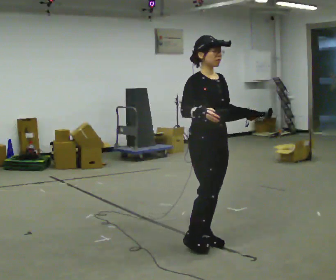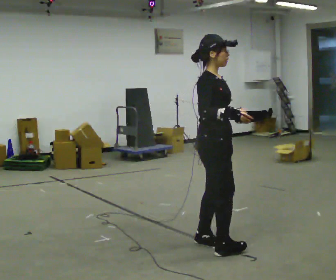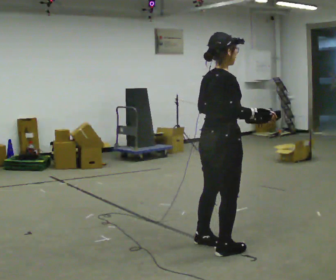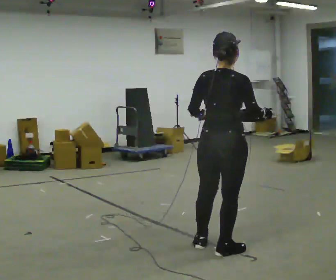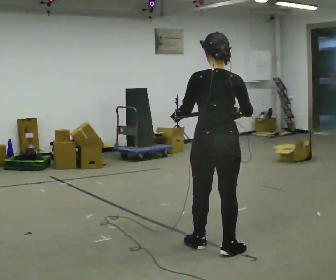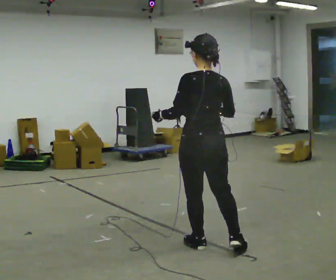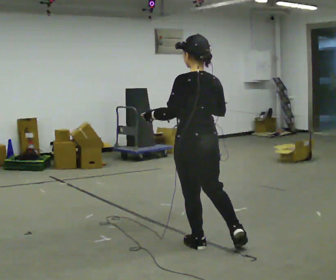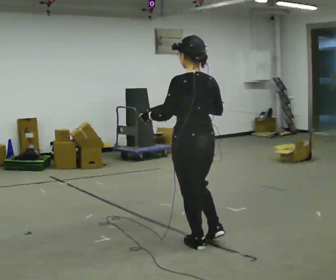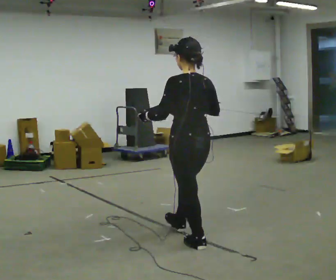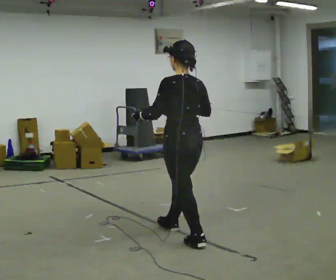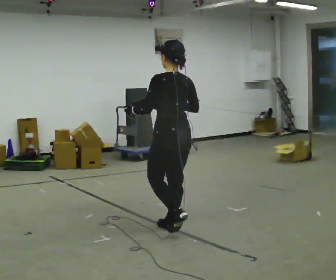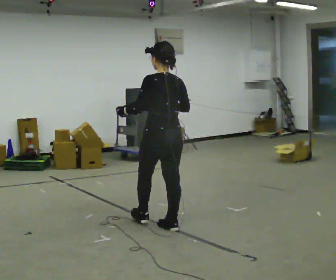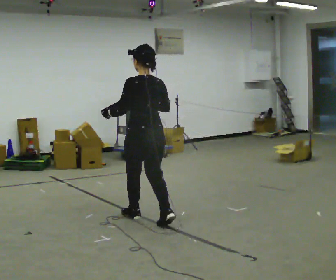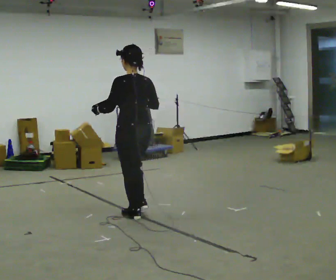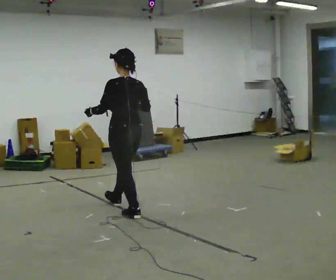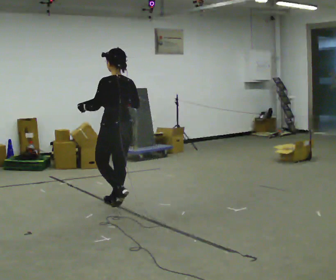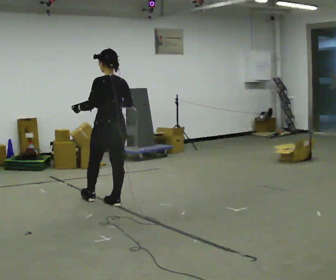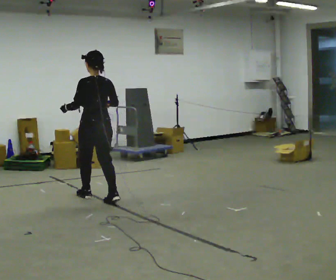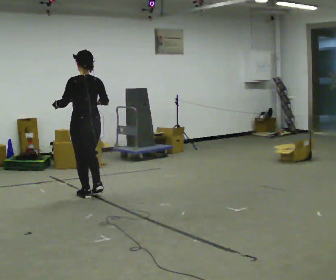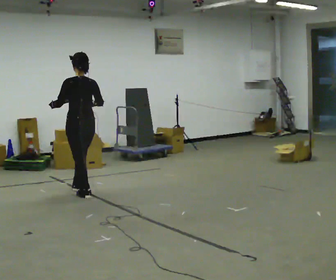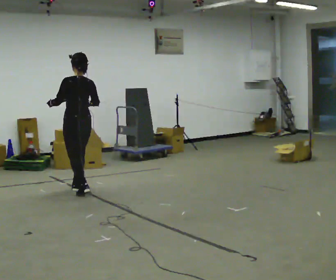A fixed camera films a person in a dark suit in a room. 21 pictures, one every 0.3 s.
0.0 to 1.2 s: Seen from above the body turns counterclockwise, about 135 degrees: to their left, with its near side sliding to the right. In the picture they go toward the camera, about 0.25 m in 2 steps. In the picture their right hand goes to the right.
1.2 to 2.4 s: The part of the body nearest the lens slides to the right as the person turns to their left by about 30 degrees. In the picture they go to the left and away from the camera, about 0.25 m, which for them is forward.
2.4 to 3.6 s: In the picture they go away from the camera and to the left, about 0.75 m in 2 steps, which for them is forward.
3.6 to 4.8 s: In the picture they go away from the camera and to the left, about 1 m in 1 step, which for them is forward.
4.8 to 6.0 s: In the picture they go to the left and away from the camera, about 0.5 m in 2 steps, which for them is forward.
The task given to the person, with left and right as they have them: Carry the box with its lid hanging open across the room, back and forth.
The film runs forward here.
